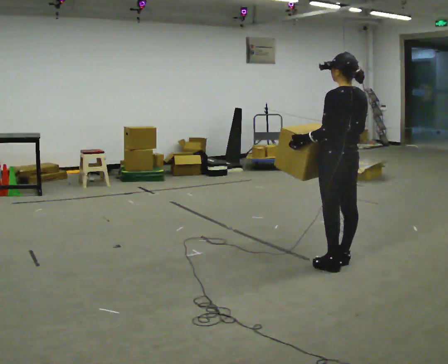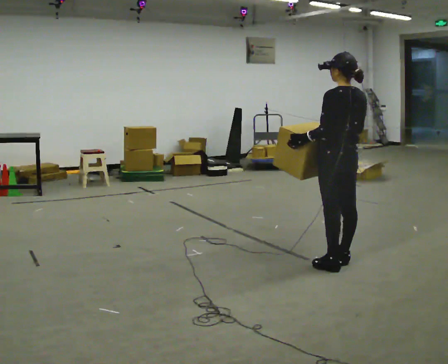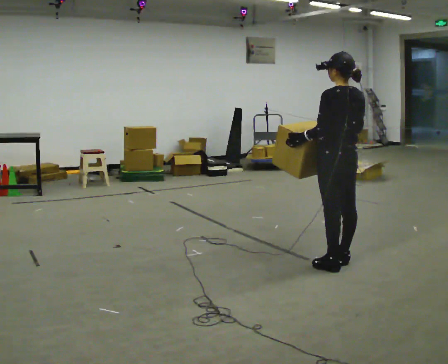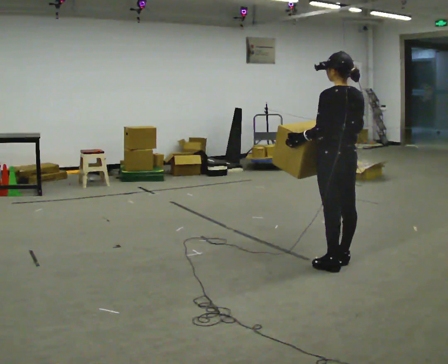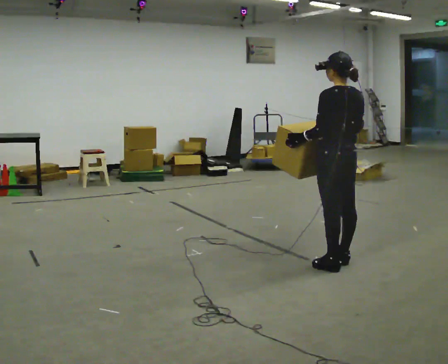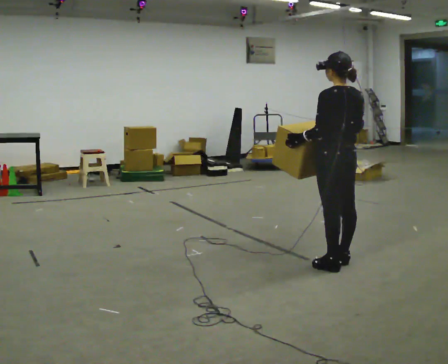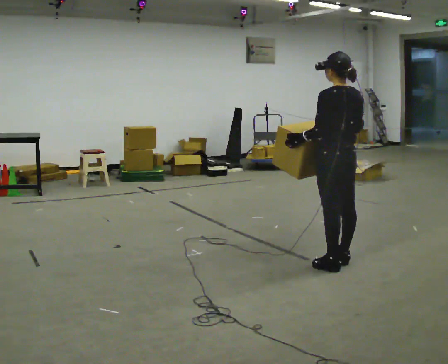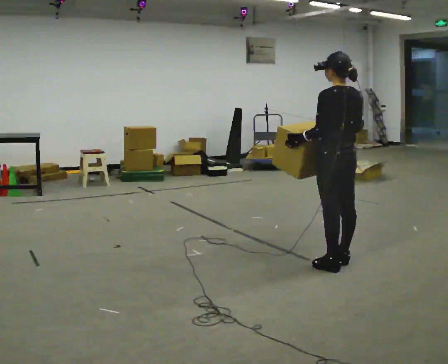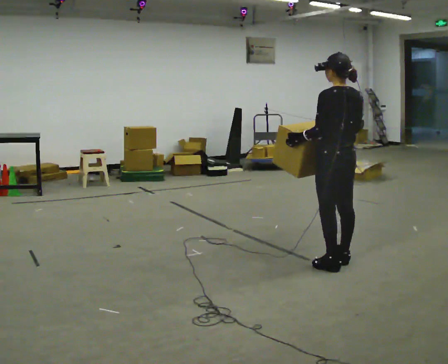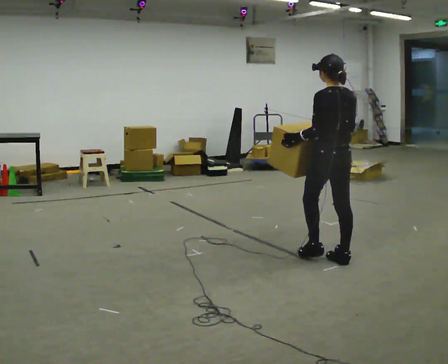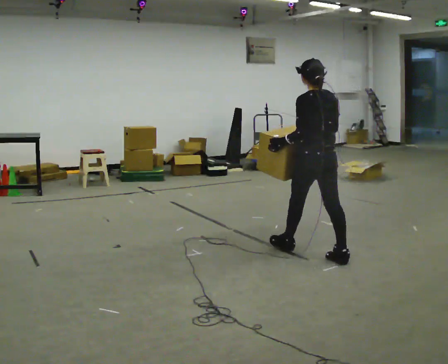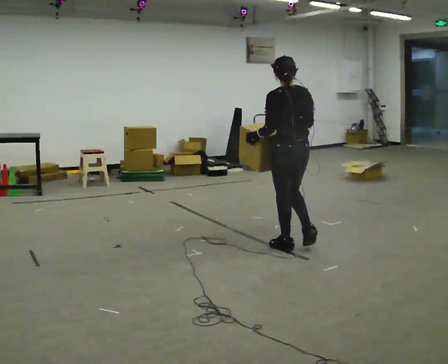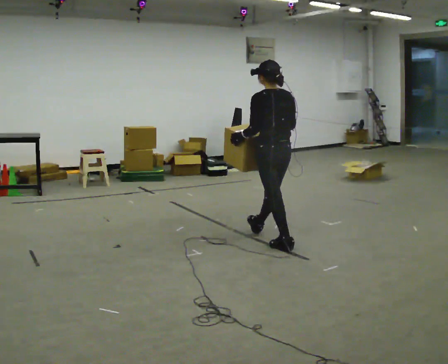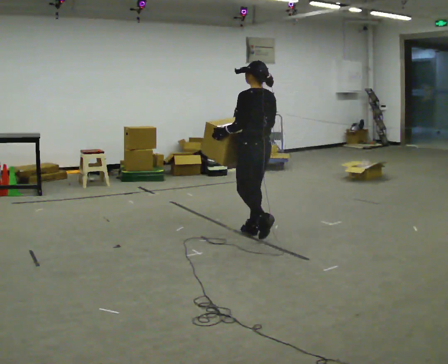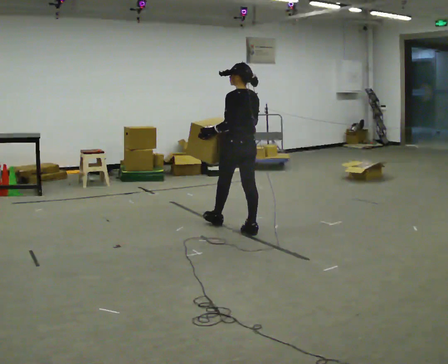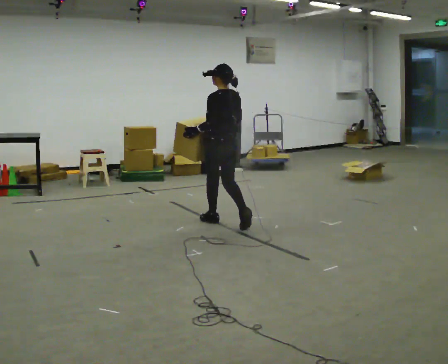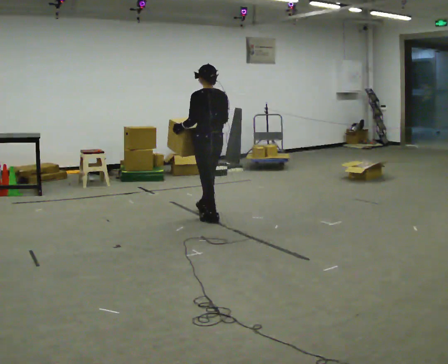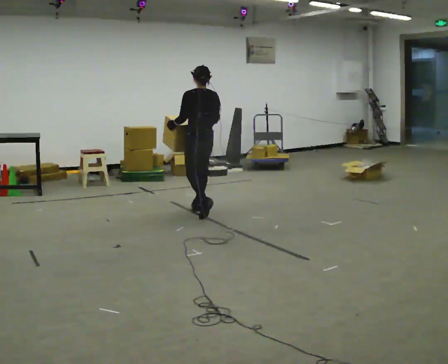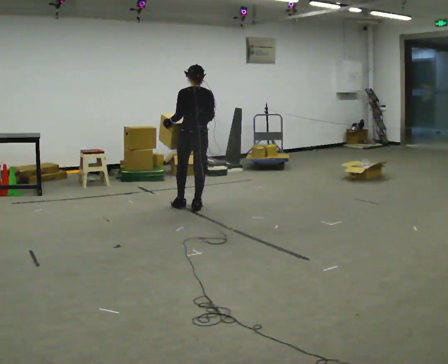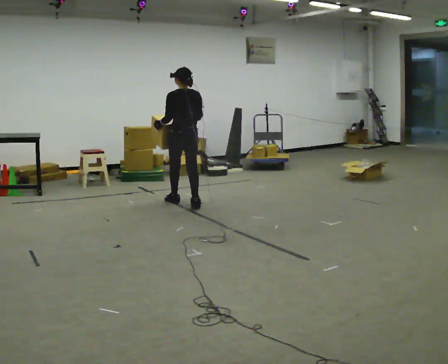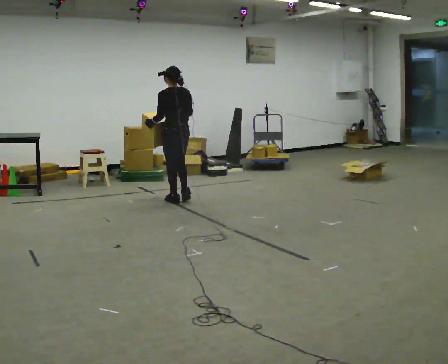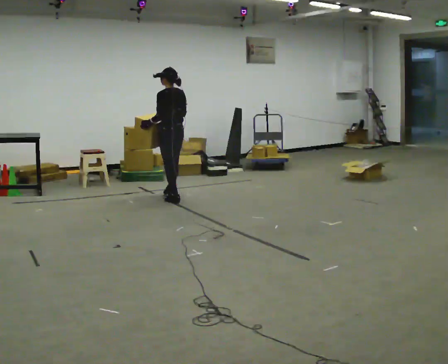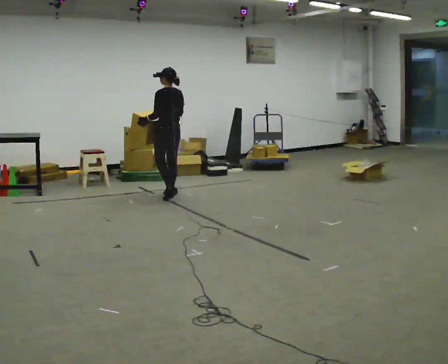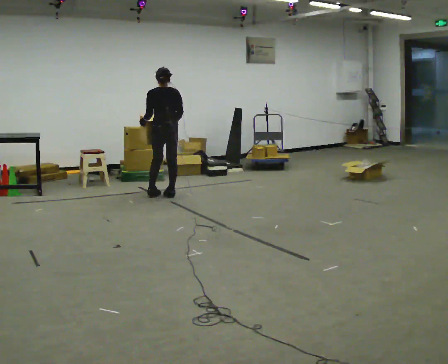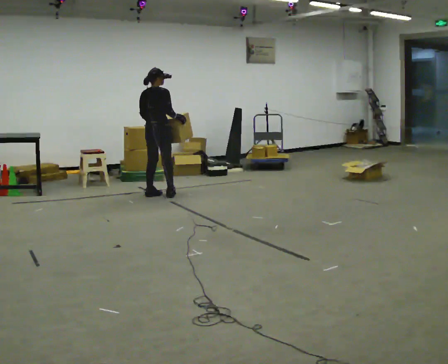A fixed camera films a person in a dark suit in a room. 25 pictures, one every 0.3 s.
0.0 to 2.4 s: The person moves a little, or ends about where they began.
2.4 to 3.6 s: In the picture they go to the left and away from the camera, about 0.75 m in 1 step, which for them is forward.
3.6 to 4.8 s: In the picture they go to the left and away from the camera, about 1 m in 2 steps, which for them is forward.
4.8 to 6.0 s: In the picture they go away from the camera and to the left, about 1 m in 2 steps, which for them is forward.
6.0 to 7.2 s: Seen from above the body turns clockwise, about 75 degrees: to their right, with its near side sliding to the left. In the picture they go to the left and away from the camera, about 0.5 m in 2 steps.
The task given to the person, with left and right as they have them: Carry the box across the room while freely looking around at the walls, ceiling and floor. Keep going until the operator says stop; one object at a time, and do not rush between trips.
The film runs forward here.
